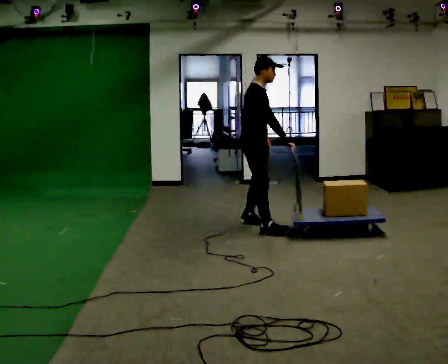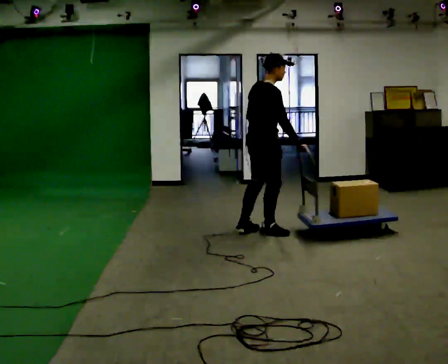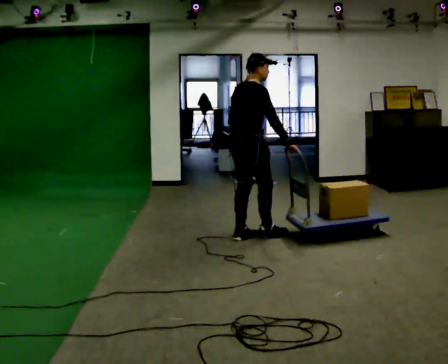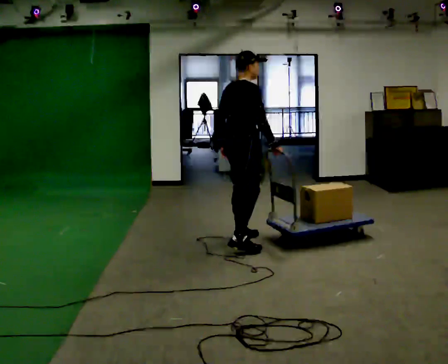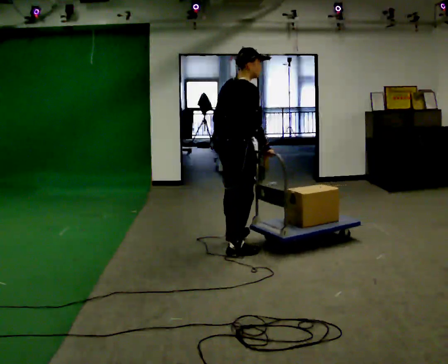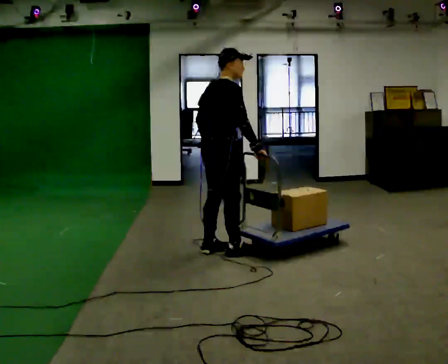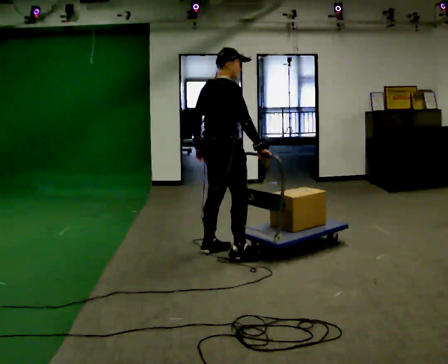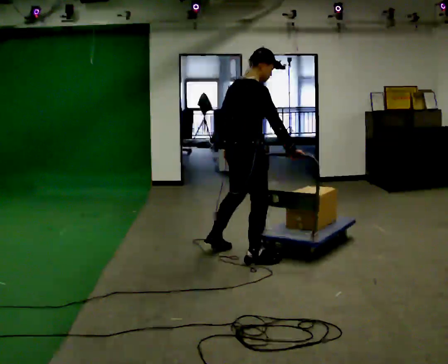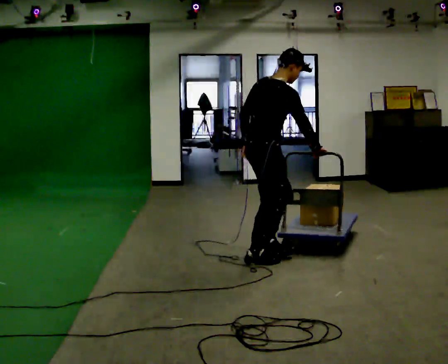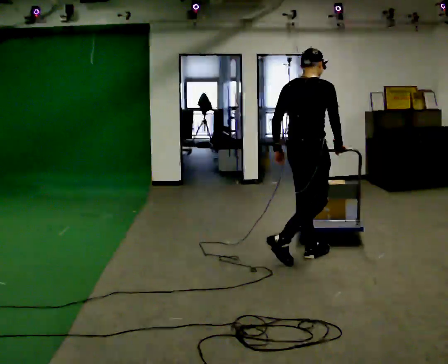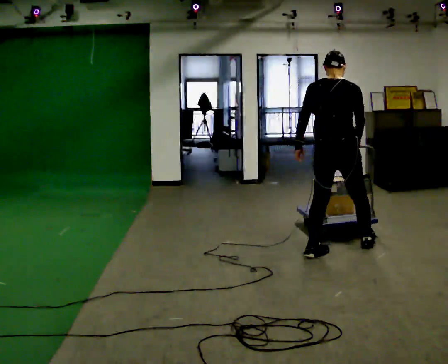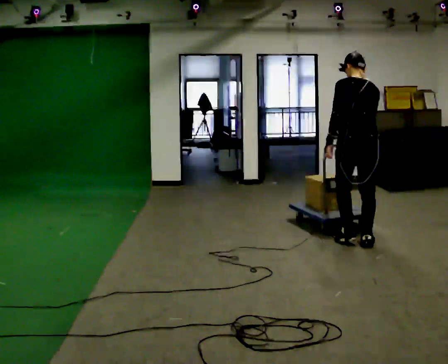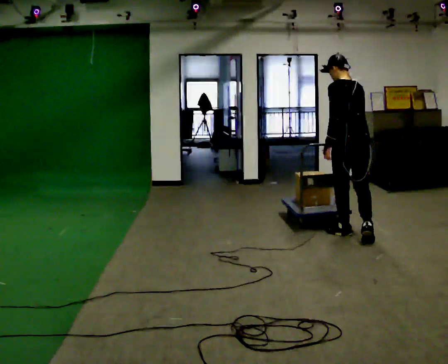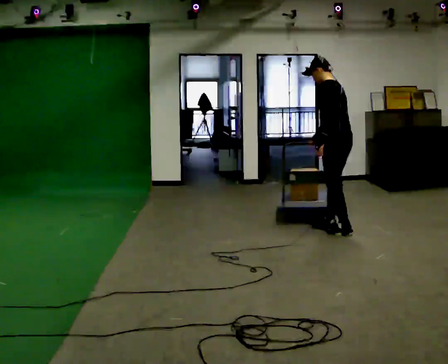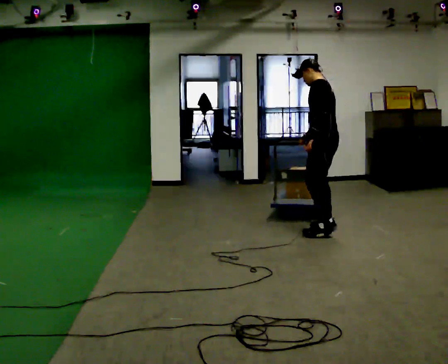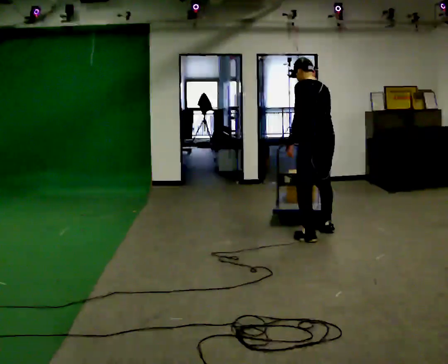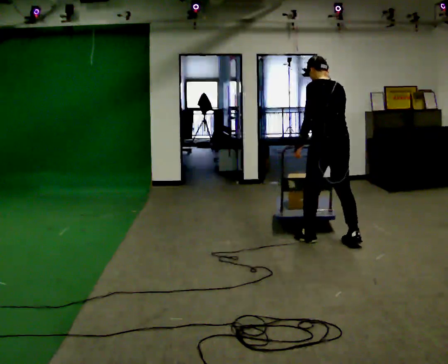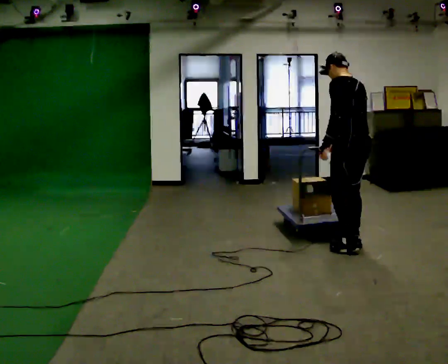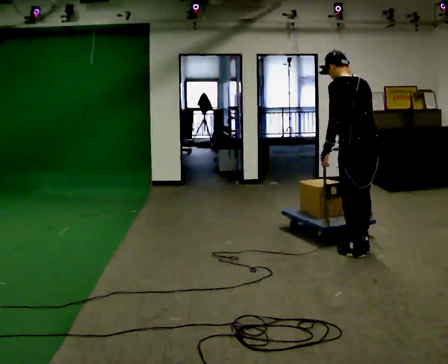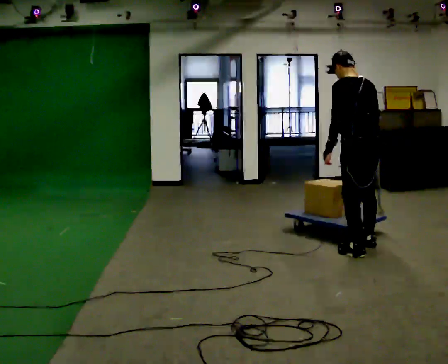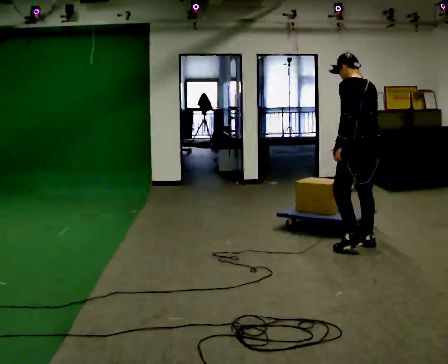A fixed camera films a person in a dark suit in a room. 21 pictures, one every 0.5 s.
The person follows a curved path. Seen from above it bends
counterclockwise.
0.0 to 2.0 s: Seen from above the body turns counterclockwise, about 45 degrees: to their left, with its near side sliding to the right. In the picture they go toward the camera, about 1 m in 2 steps, which for them is to their right and backward.
2.0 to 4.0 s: In the picture they go to the right and toward the camera, about 0.25 m in 2 steps, which for them is to their right.
4.0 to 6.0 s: Seen from above the body turns counterclockwise, about 90 degrees: to their left, with its near side sliding to the right. In the picture they go to the right and away from the camera, about 1 m in 3 steps. In the picture the upper body tilts counterclockwise, shoulders to the left.
6.0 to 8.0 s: In the picture they go to the left and toward the camera, about 0.25 m in 2 steps, which for them is to their left and forward.
8.0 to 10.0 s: In the picture they go to the right, about 0.25 m in 2 steps, which for them is backward and to their right.
The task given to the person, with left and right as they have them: Push the cart across the room using only the hand the operator calls. Keep your other arm at your side.
The film runs forward here.
